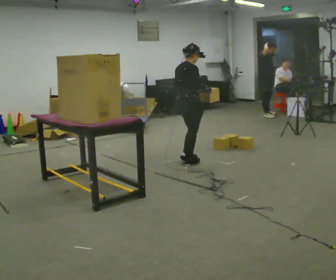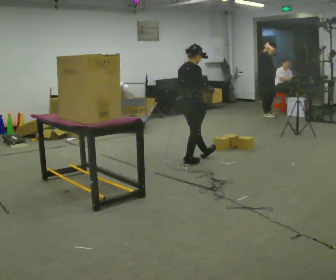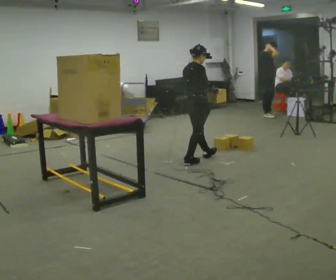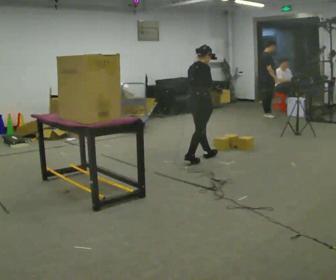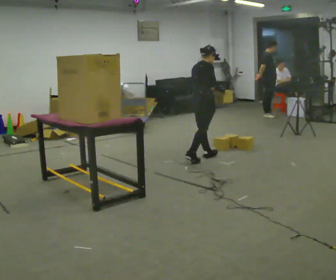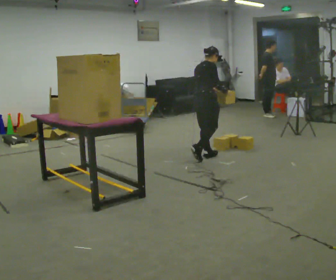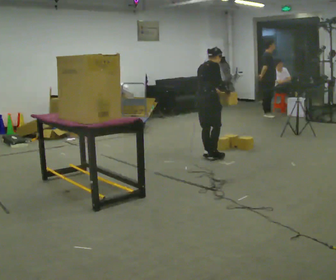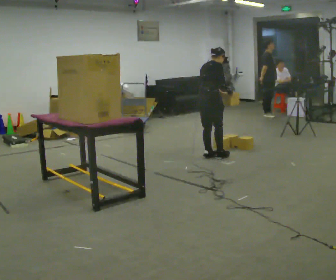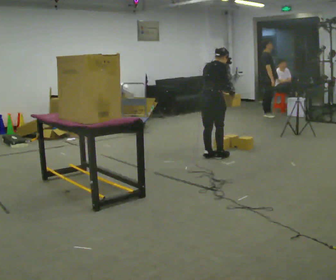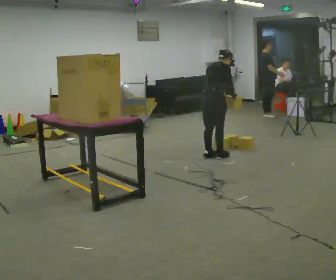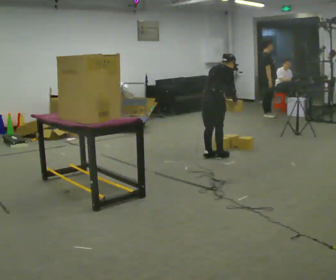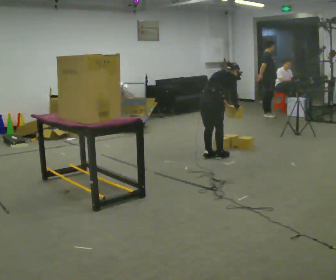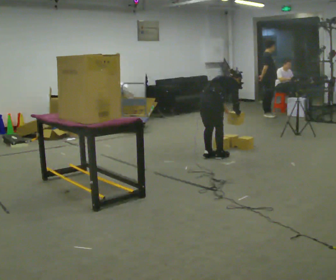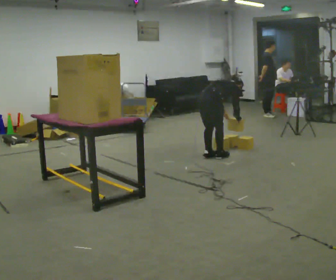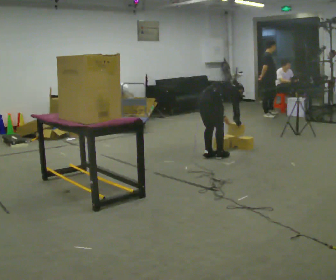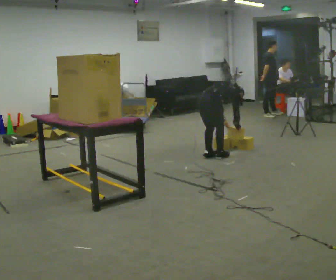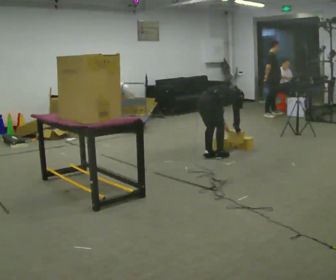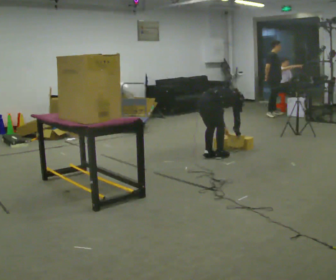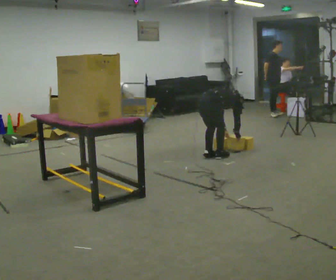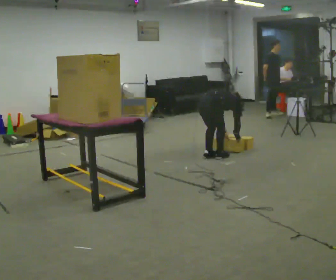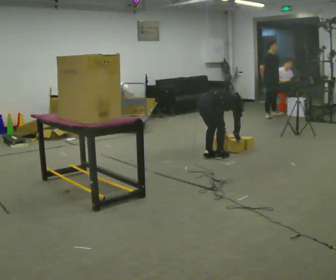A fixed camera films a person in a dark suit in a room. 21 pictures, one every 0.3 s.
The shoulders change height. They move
downward.
Their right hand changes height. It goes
downward.
0.0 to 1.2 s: In the picture they go away from the camera, about 0.25 m in 1 step, which for them is forward and to their left.
1.2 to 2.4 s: The person moves a little, or ends about where they began.
2.4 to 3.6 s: The upper body goes downward. The upper body tips away from the camera, its near side rolling upward, as they bend forward.
3.6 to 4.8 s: The shoulders move downward. The upper body tips away from the camera, its near side rolling upward, as they bend forward.
4.8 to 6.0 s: The person moves a little, or ends about where they began.
The film runs forward here.
